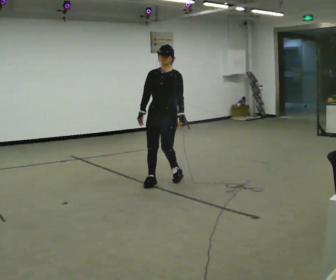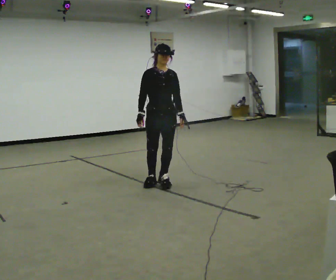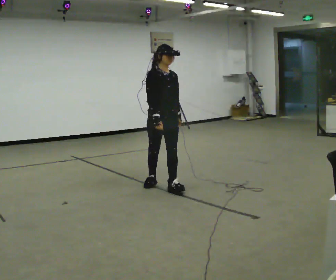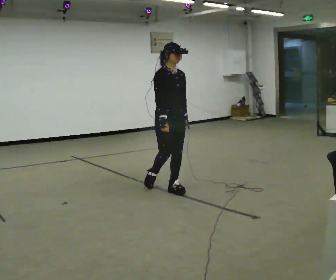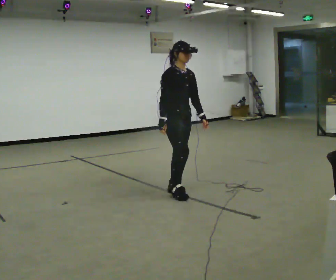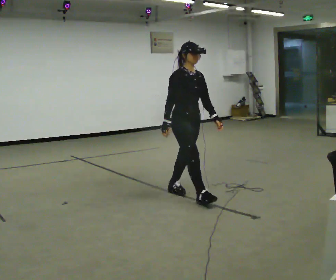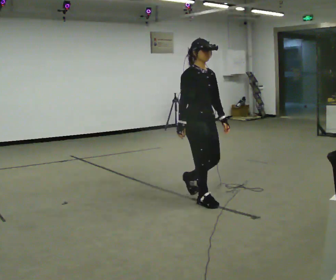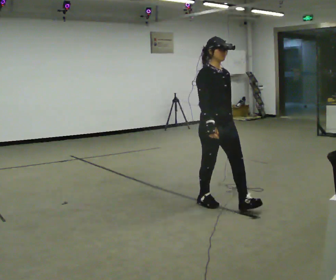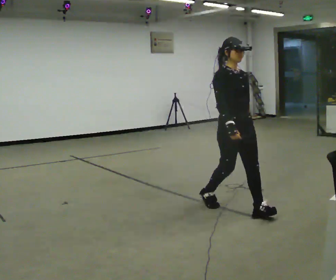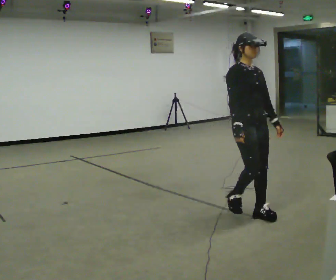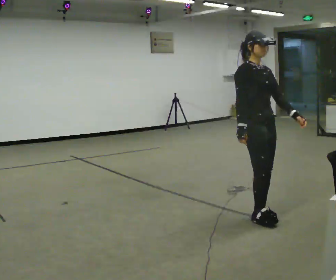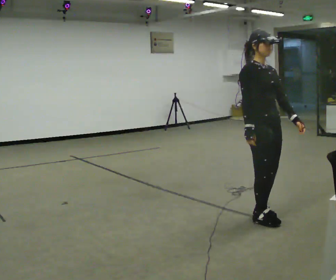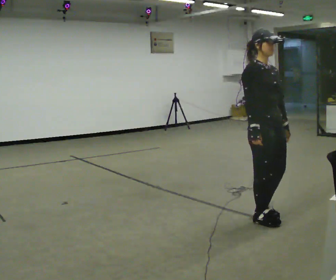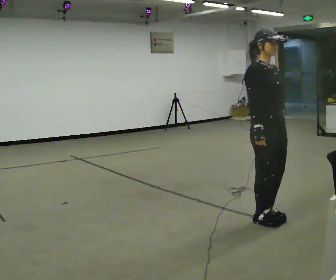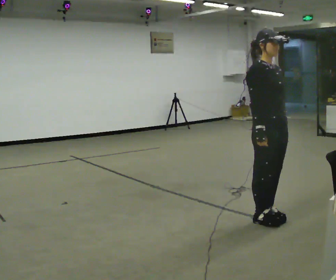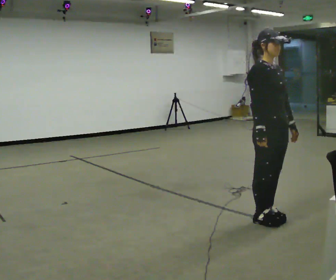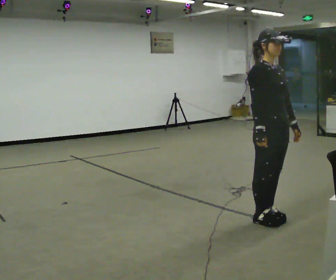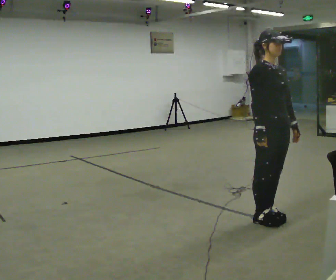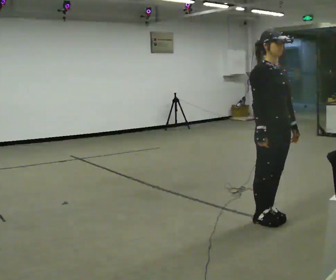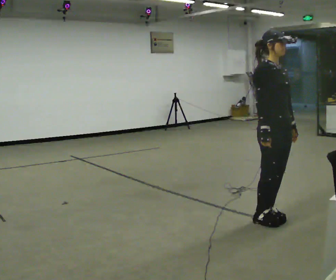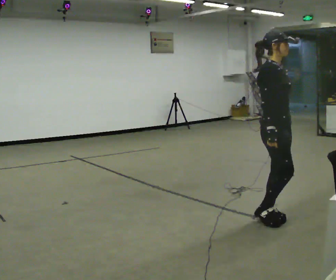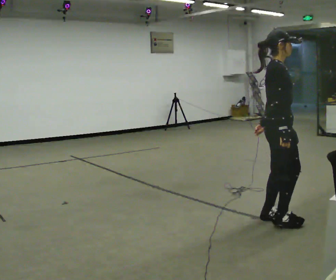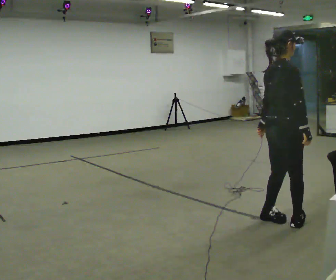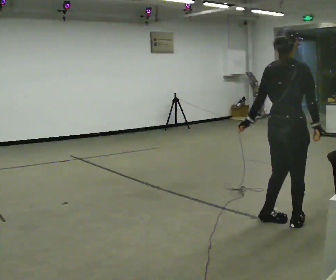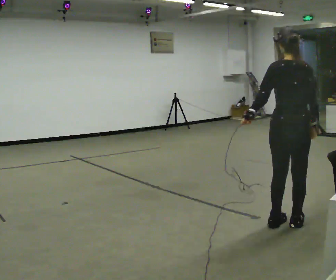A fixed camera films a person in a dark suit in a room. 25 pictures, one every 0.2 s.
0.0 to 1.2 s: Seen from above the body turns counterclockwise, about 45 degrees: to their left, with its near side sliding to the right. In the picture they go toward the camera and to the right, about 1 m in 2 steps, which for them is forward.
1.2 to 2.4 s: In the picture they go to the right and toward the camera, about 1 m in 2 steps, which for them is forward.
2.4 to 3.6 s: The person moves a little, or ends about where they began.
3.6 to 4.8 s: The part of the body nearest the lens slides to the right as the person turns to their left by about 150 degrees. In the picture they go to the right, about 0.25 m in 1 step. In the picture their left hand goes to the left, the arm swinging clockwise.
The film runs forward here.
